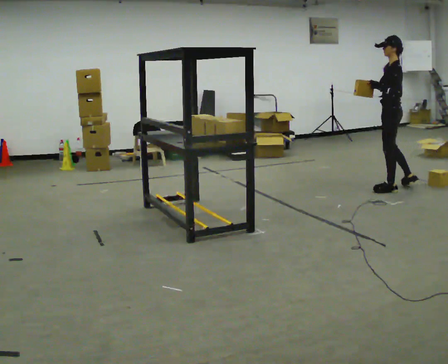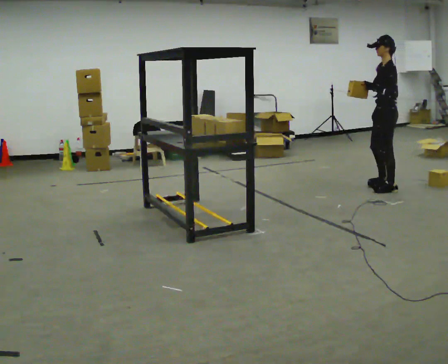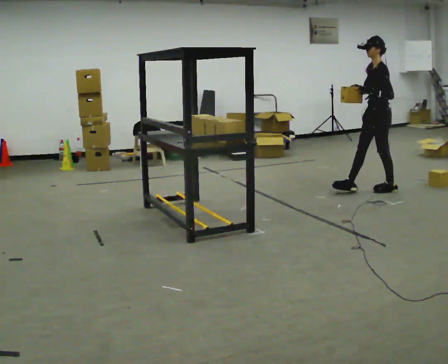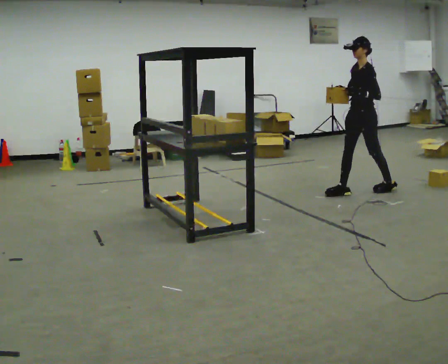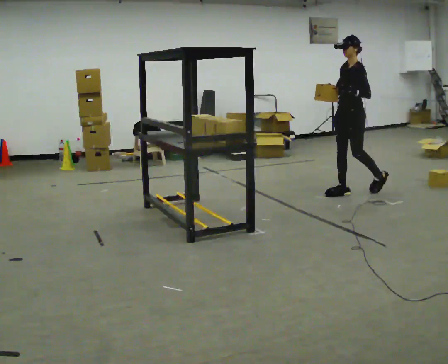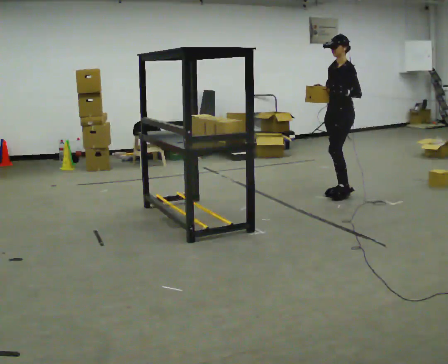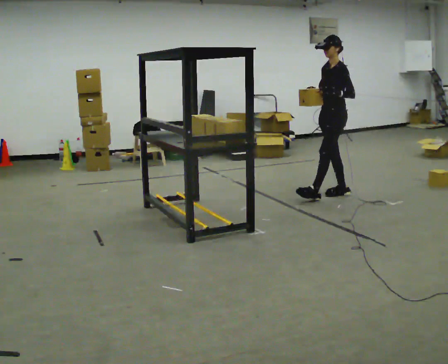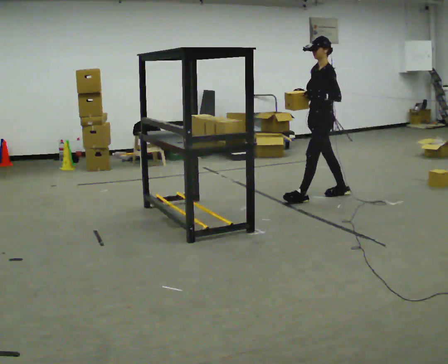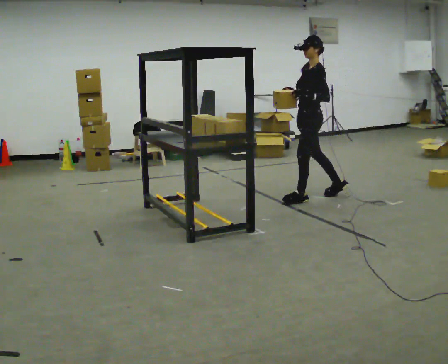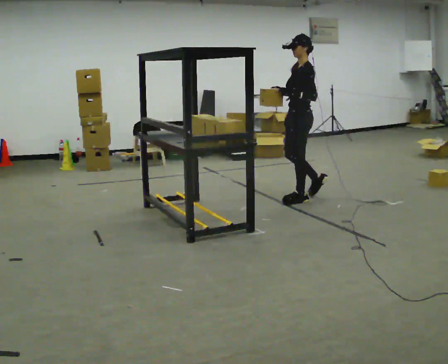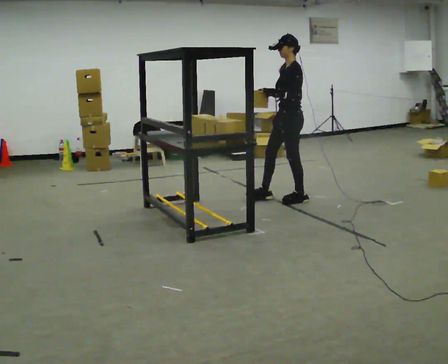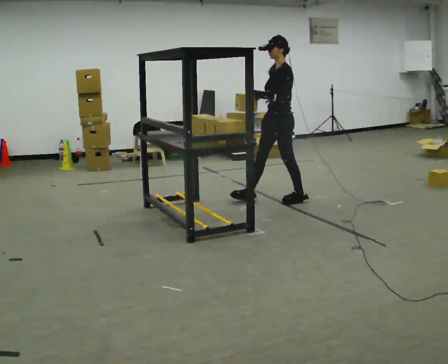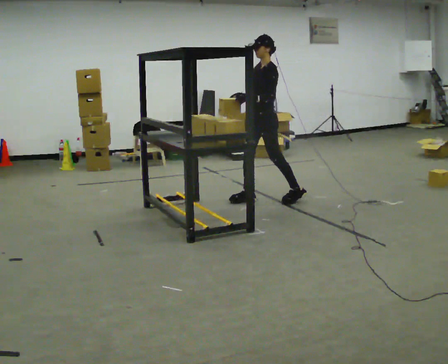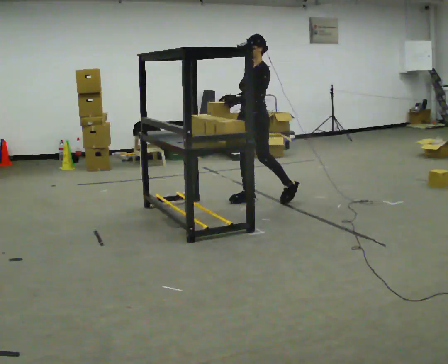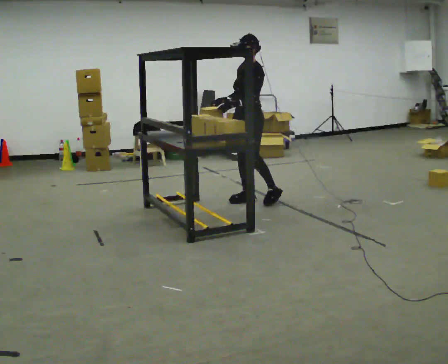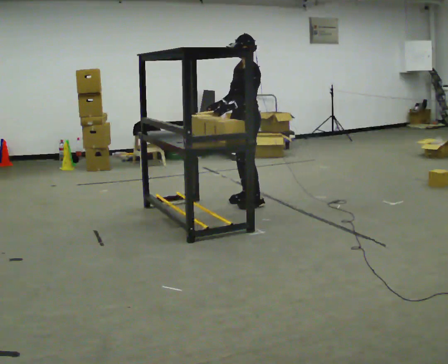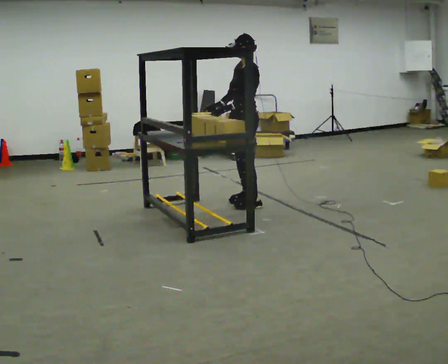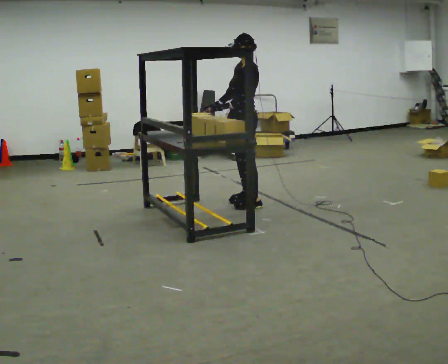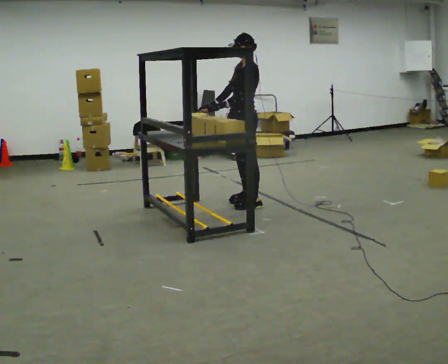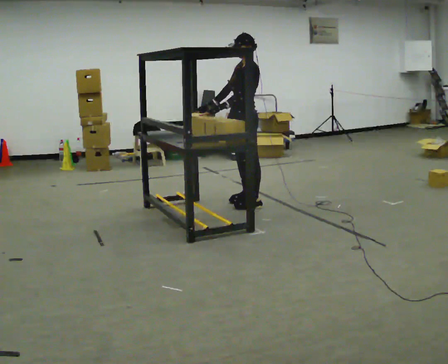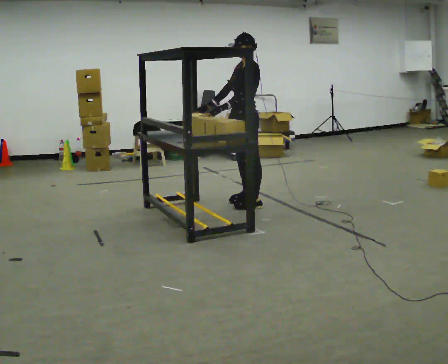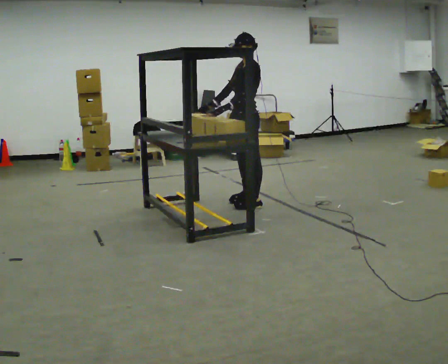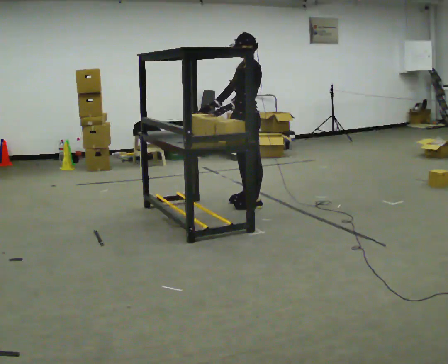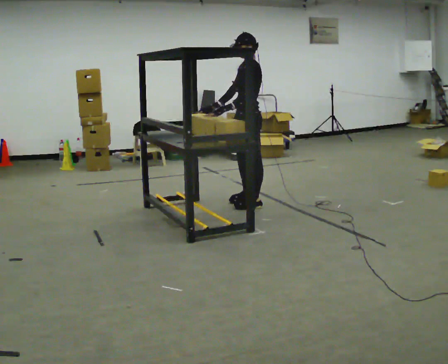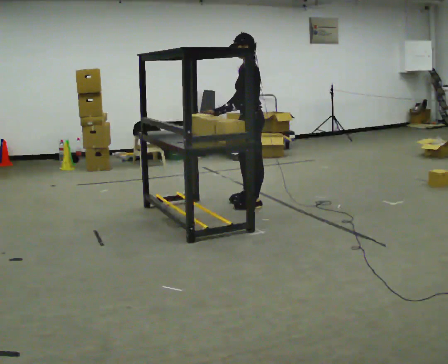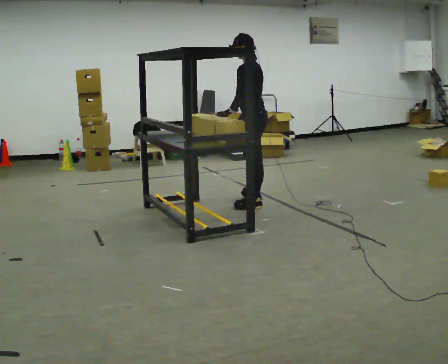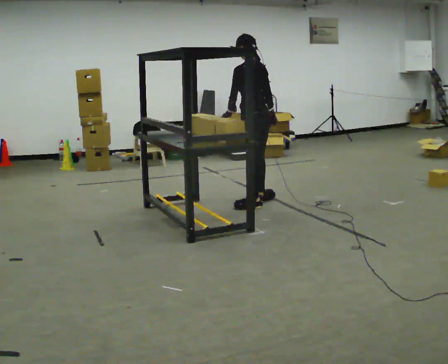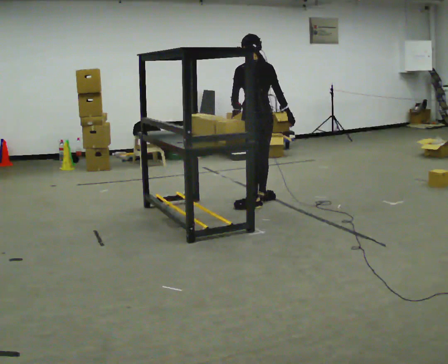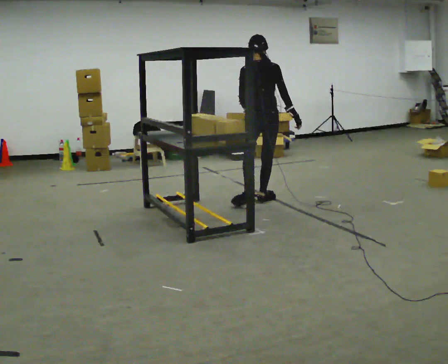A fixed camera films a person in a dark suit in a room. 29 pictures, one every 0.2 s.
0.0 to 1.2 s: Seen from above the body turns counterclockwise, about 45 degrees: to their left, with its near side sliding to the right. In the picture they go to the left, about 0.75 m in 1 step, which for them is forward.
1.2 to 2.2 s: In the picture they go to the left, about 0.5 m in 2 steps, which for them is forward.
2.2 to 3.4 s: In the picture they go to the left, about 0.25 m in 1 step, which for them is forward.
3.4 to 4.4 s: The person moves a little, or ends about where they began.
4.4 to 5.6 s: The part of the body nearest the lens slides to the left as the person turns to their right by about 105 degrees. In the picture their right hand goes to the right, the arm swinging counterclockwise.
The film runs forward here.
